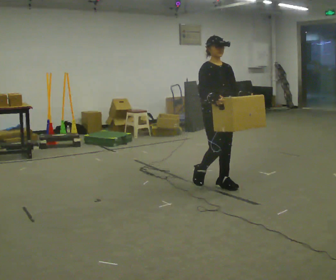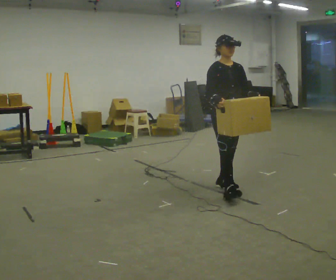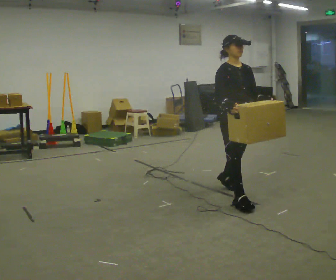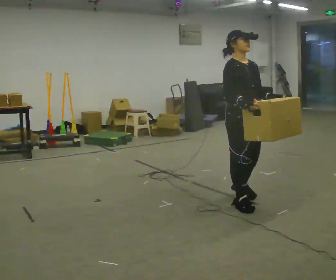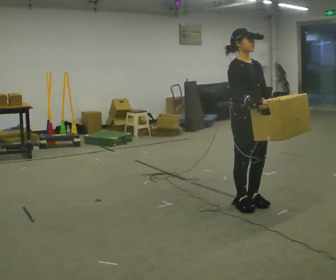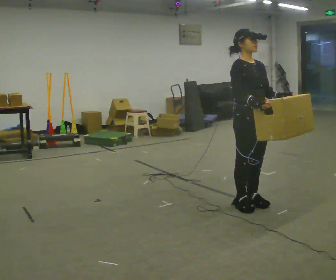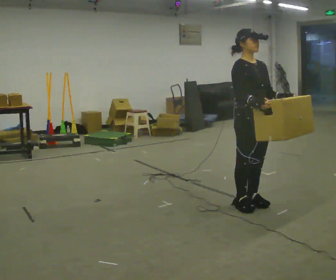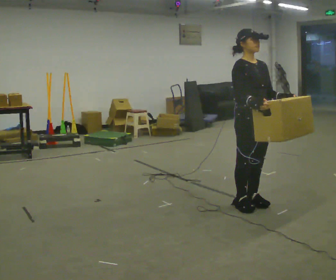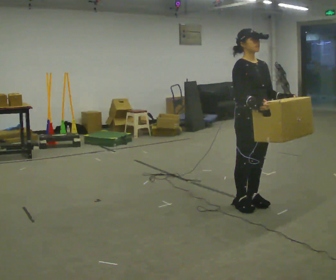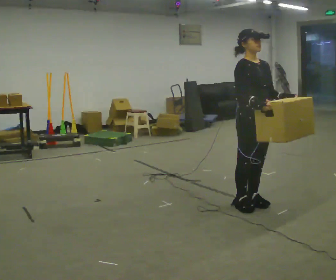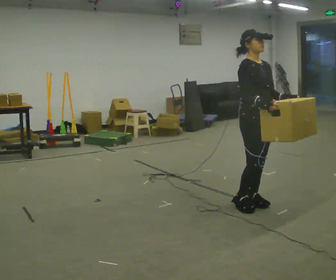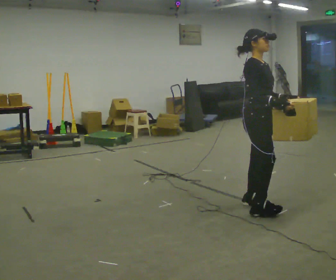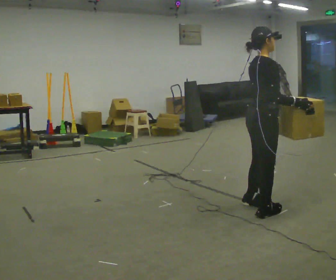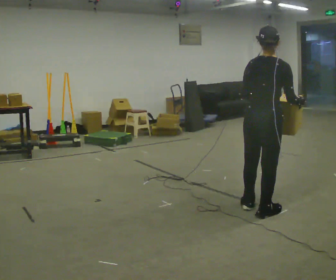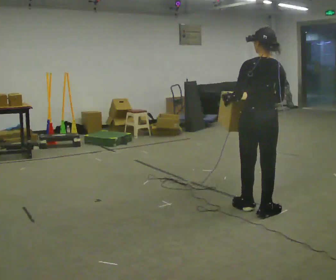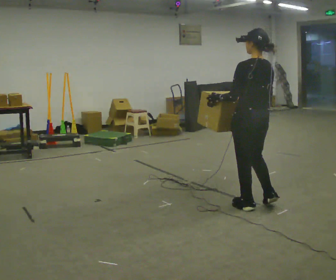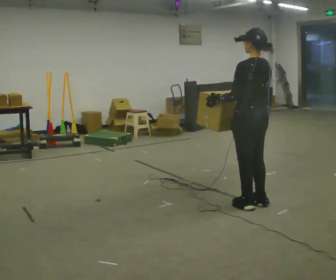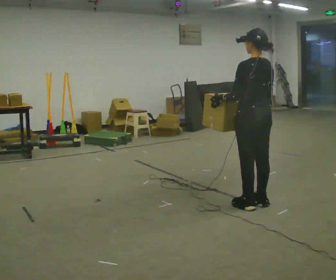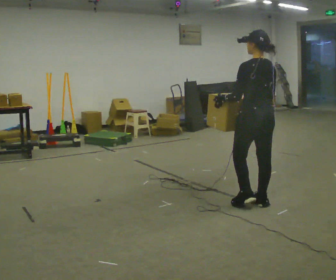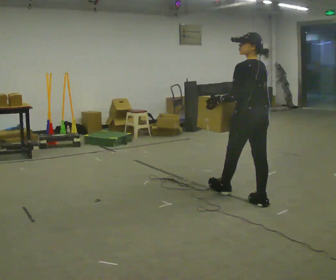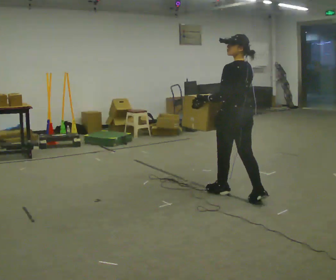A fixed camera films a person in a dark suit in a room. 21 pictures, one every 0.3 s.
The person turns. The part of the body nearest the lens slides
to the right.
The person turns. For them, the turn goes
to their left.
0.0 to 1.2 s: In the picture they go toward the camera and to the right, about 0.5 m in 2 steps, which for them is forward.
1.2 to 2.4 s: The person moves a little, or ends about where they began.
2.4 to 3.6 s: Seen from above the body turns counterclockwise, about 90 degrees: to their left, with its near side sliding to the right. In the picture their right hand goes to the right.
3.6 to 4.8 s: The person turns about 90 degrees to their left, counterclockwise seen from above, so the part of the body nearest the lens slides to the right. In the picture they go away from the camera, about 0.25 m in 1 step. In the picture their right hand goes to the left, the arm swinging clockwise.
4.8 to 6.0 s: In the picture they go away from the camera and to the left, about 0.25 m in 1 step, which for them is forward.
The film runs forward here.
